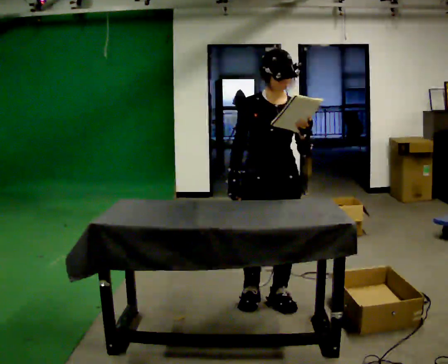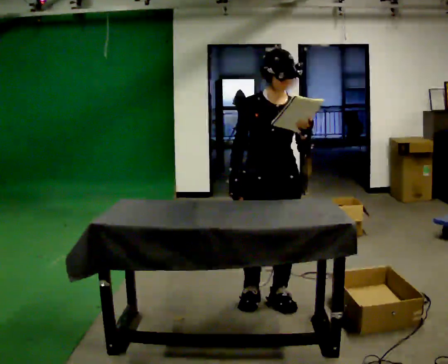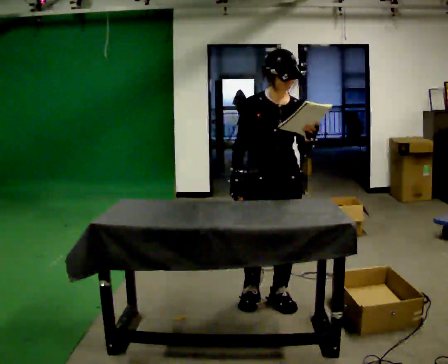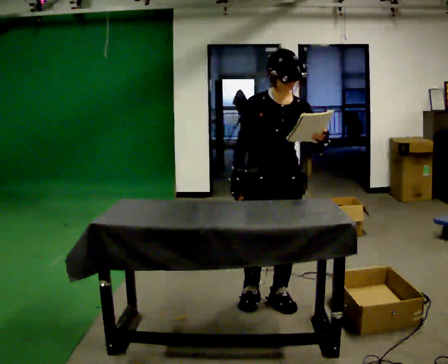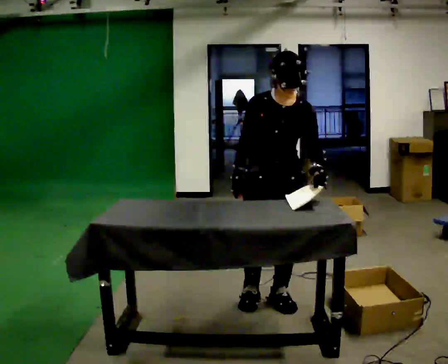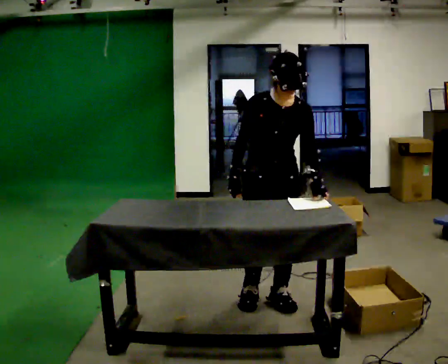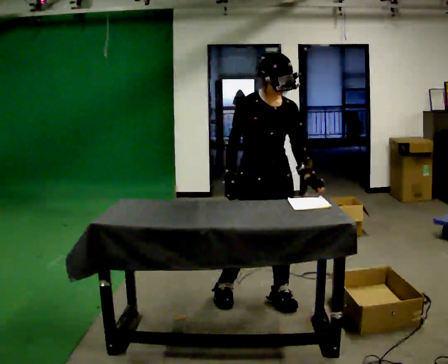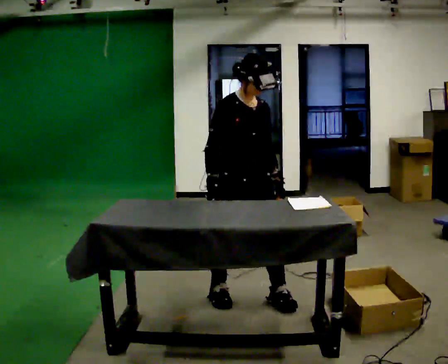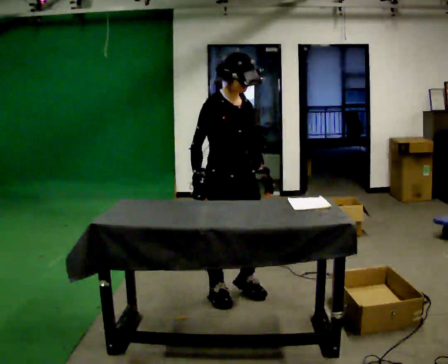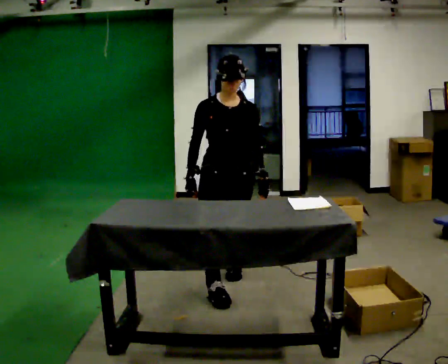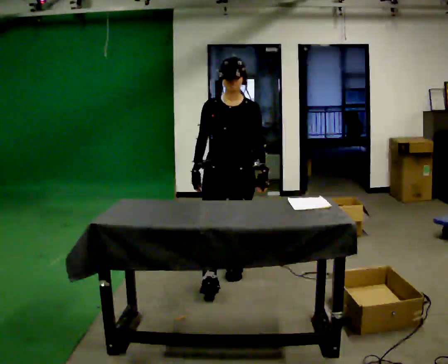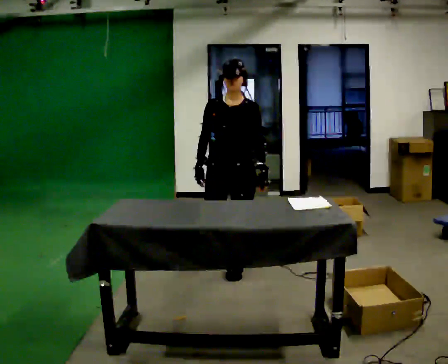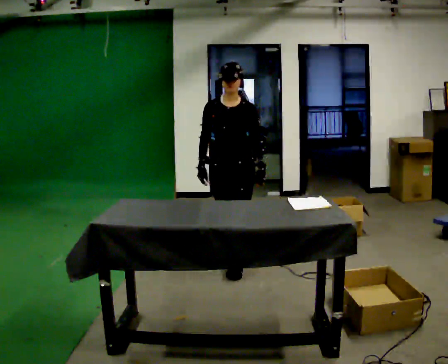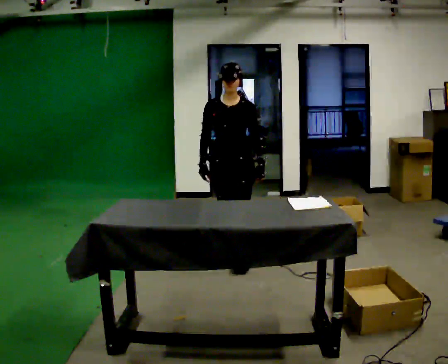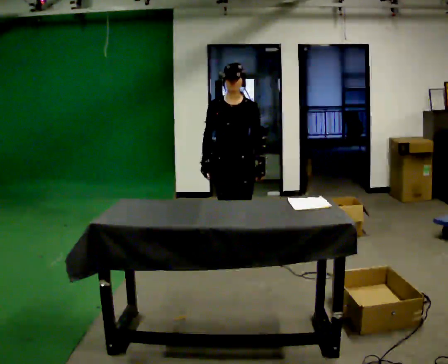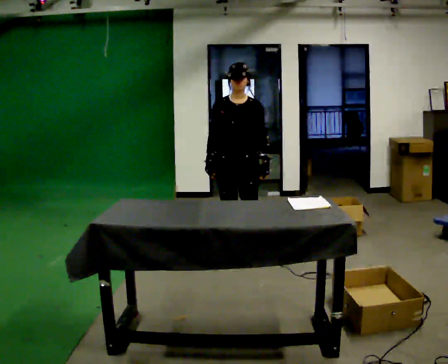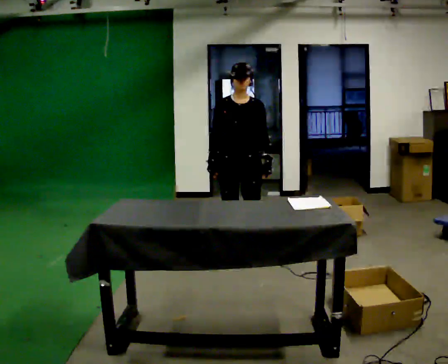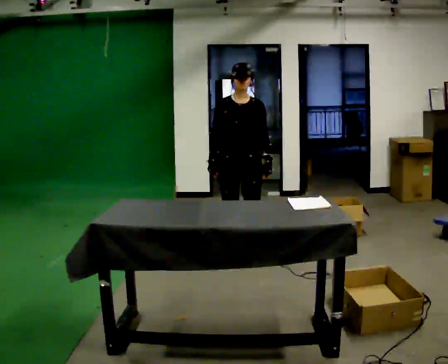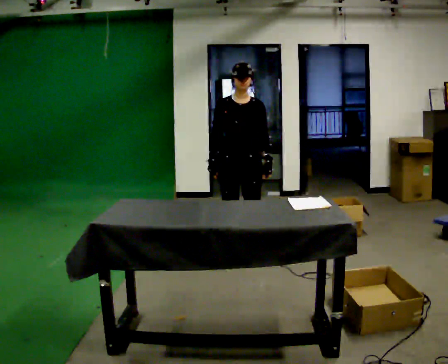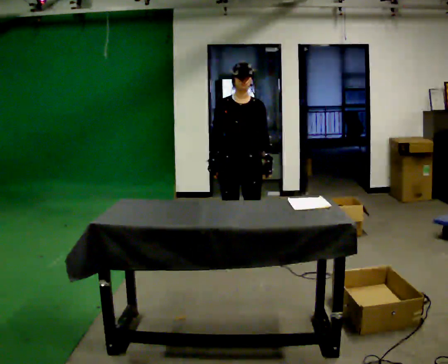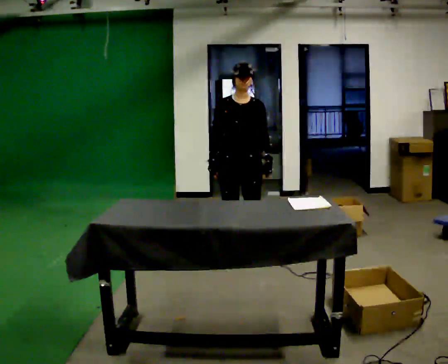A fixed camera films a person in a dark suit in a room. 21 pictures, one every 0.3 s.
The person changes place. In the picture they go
away from the camera.
0.0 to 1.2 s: The person moves a little, or ends about where they began.
1.2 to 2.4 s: The person turns about 45 degrees to their left, counterclockwise seen from above, so the part of the body nearest the lens slides to the right. In the picture they go to the left, about 0.25 m in 2 steps, which for them is backward and to their right.
2.4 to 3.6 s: Seen from above the body turns clockwise, about 60 degrees: to their right, with its near side sliding to the left. In the picture they go away from the camera, about 0.5 m in 1 step, which for them is backward.
3.6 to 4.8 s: In the picture they go away from the camera, about 0.25 m in 1 step, which for them is backward.
4.8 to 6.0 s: The person keeps their place and pose.
The film runs backward here.
